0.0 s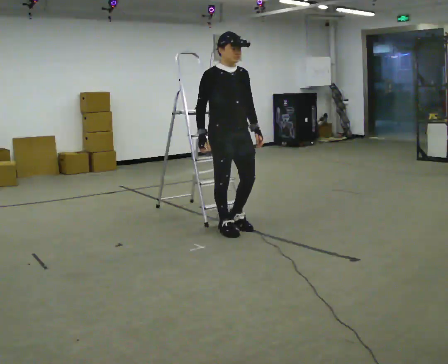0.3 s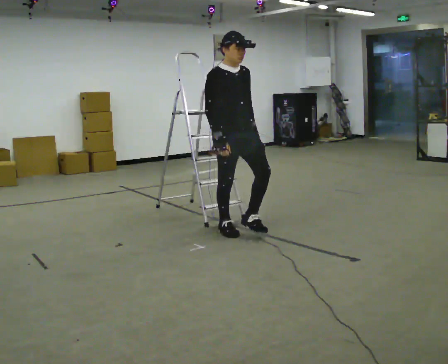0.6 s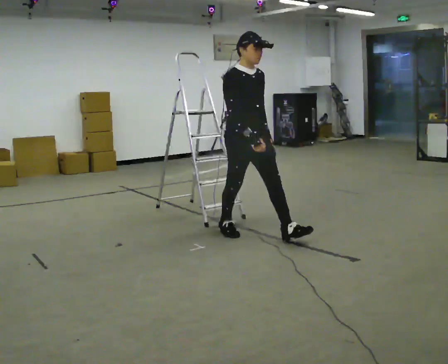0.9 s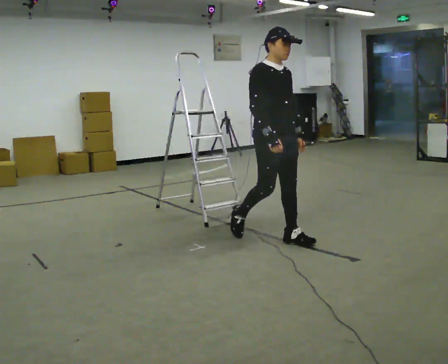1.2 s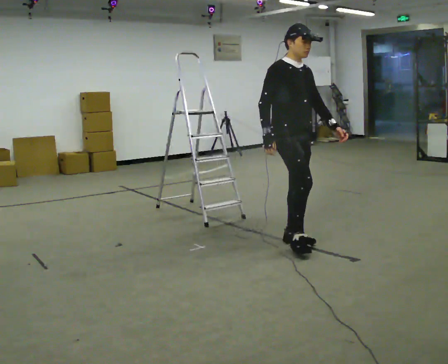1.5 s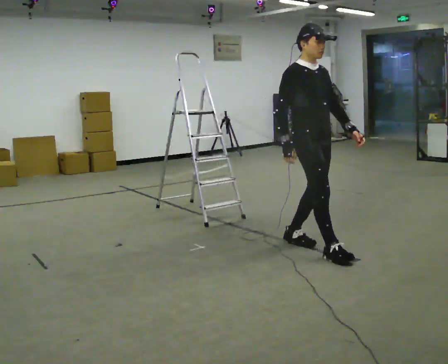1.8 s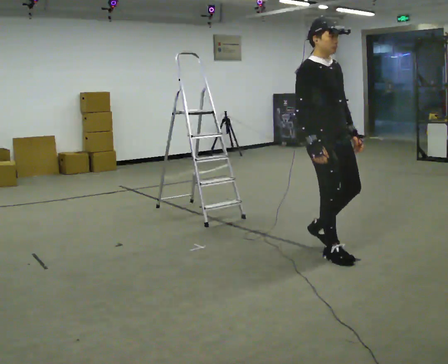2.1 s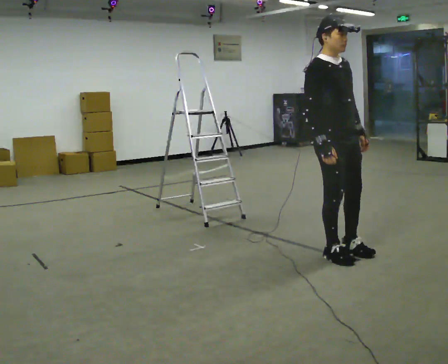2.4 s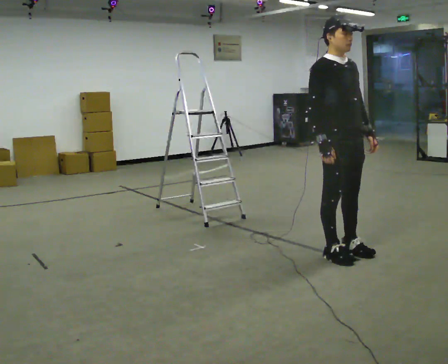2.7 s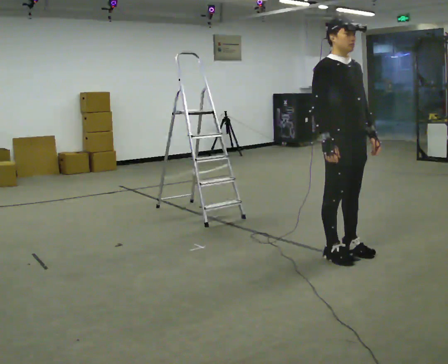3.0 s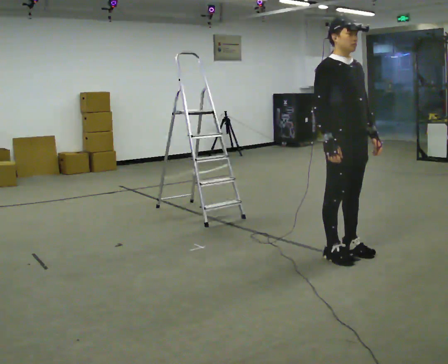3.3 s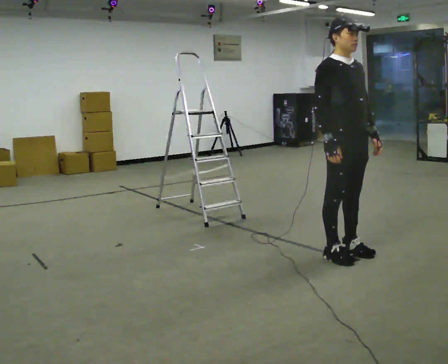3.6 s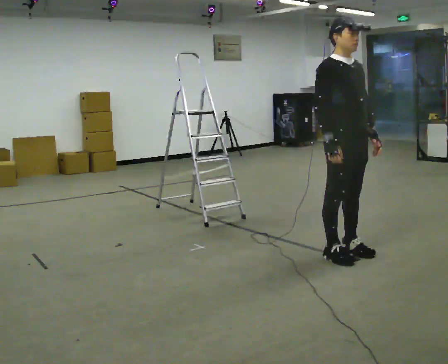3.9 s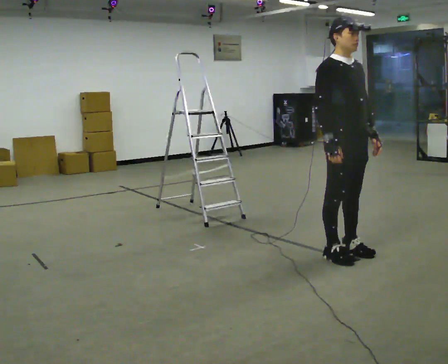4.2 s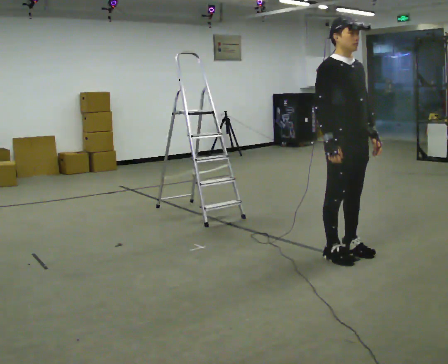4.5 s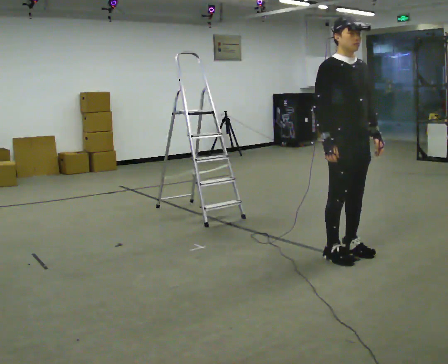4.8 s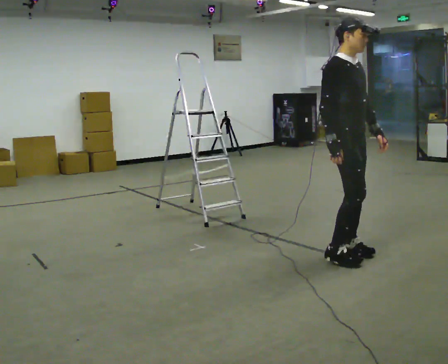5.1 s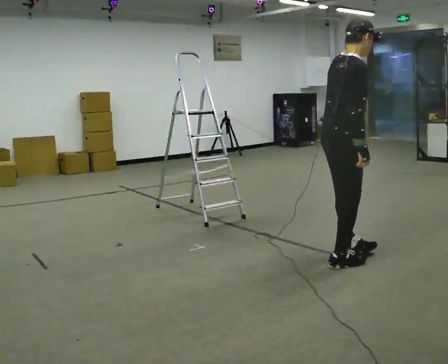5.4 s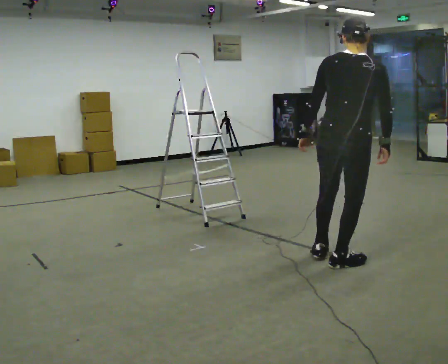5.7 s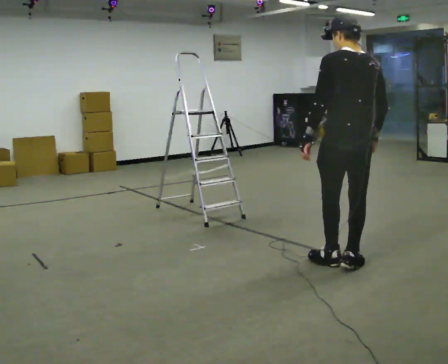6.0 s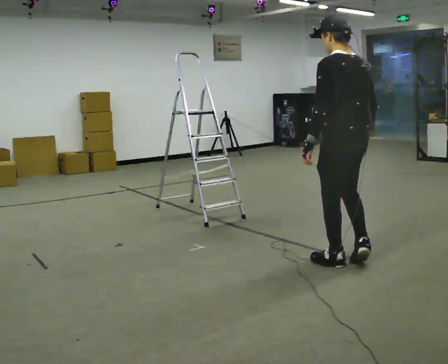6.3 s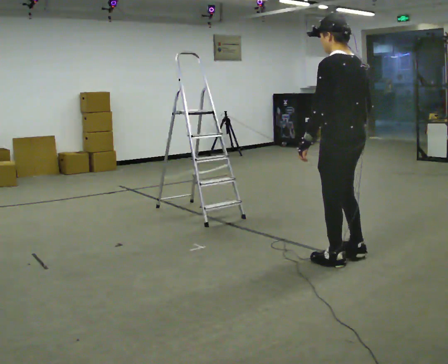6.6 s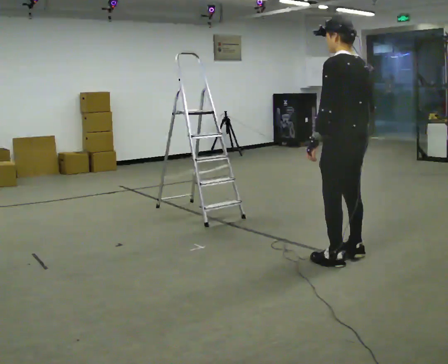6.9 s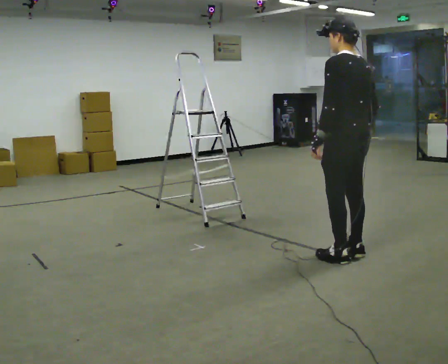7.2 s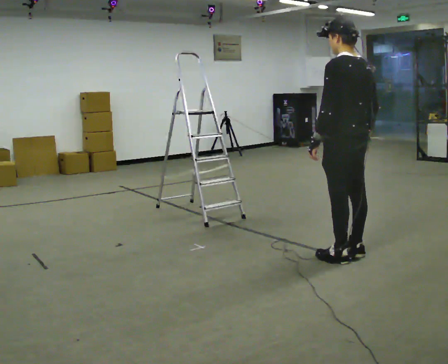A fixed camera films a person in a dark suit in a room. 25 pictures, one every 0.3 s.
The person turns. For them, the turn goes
to their left.
The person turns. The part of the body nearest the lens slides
to the right.
0.0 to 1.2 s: In the picture they go to the right and toward the camera, about 0.75 m in 1 step, which for them is forward.
1.2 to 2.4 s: In the picture they go to the right and toward the camera, about 0.5 m in 2 steps, which for them is forward.
2.4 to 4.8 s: The person moves a little, or ends about where they began.
4.8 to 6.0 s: The part of the body nearest the lens slides to the right as the person turns to their left by about 150 degrees. In the picture they go toward the camera, about 0.25 m in 2 steps. In the picture their left hand goes to the left, the arm swinging clockwise.
6.0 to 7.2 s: The person moves a little, or ends about where they began.
The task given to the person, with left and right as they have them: Walk up the three steps, turn at the top, and walk back down at a comfortable speed. Use the handrail only if you need it.
The film runs forward here.
